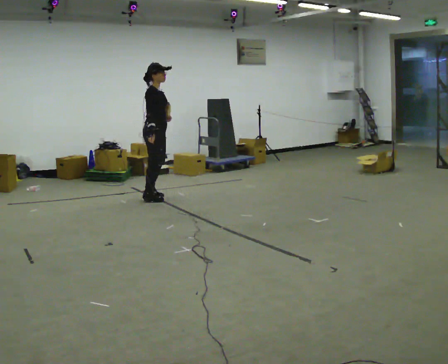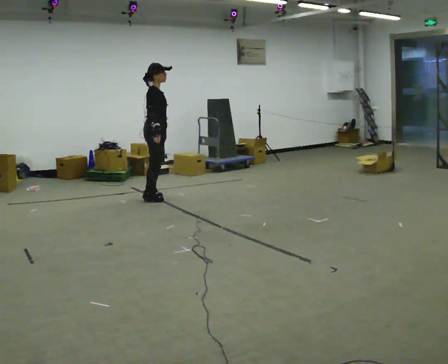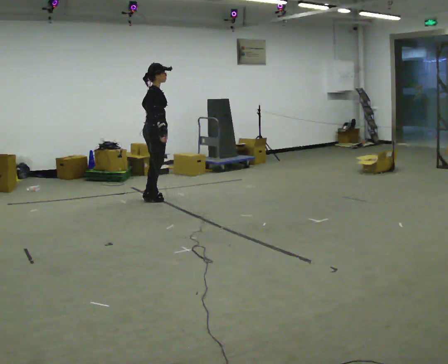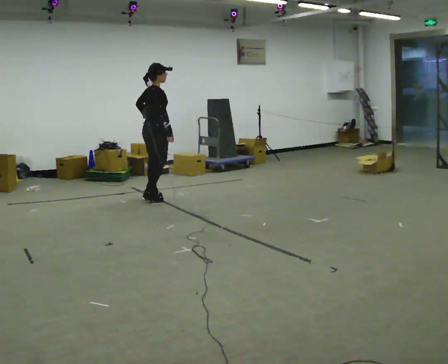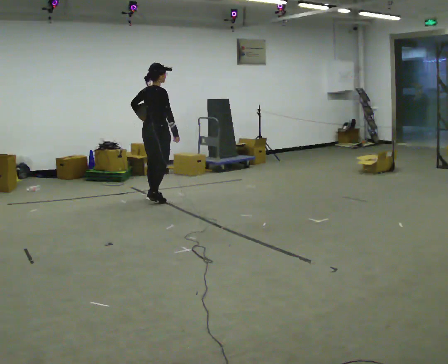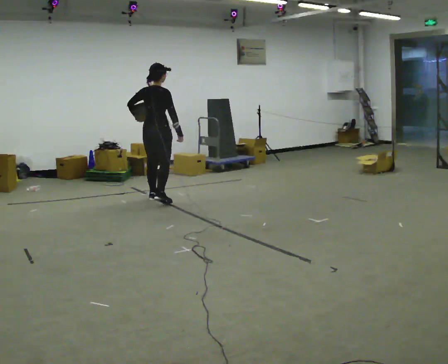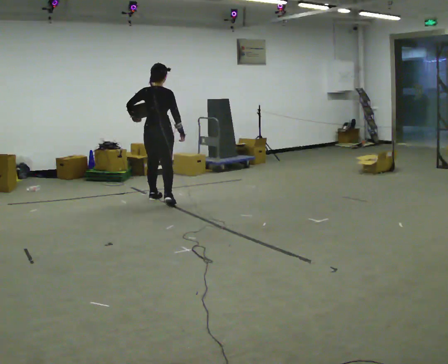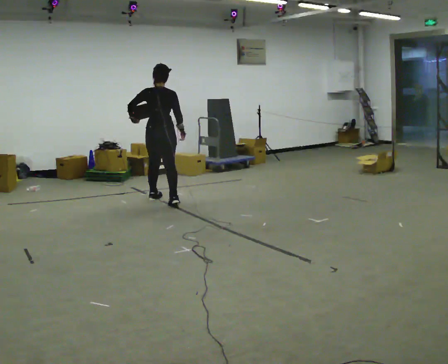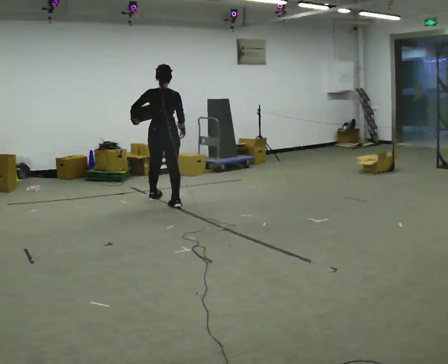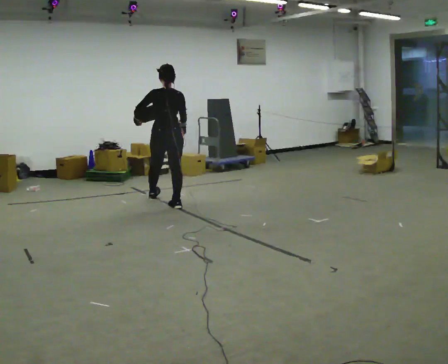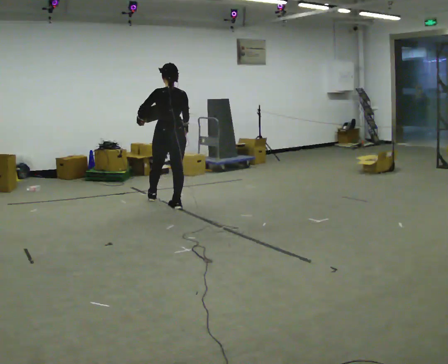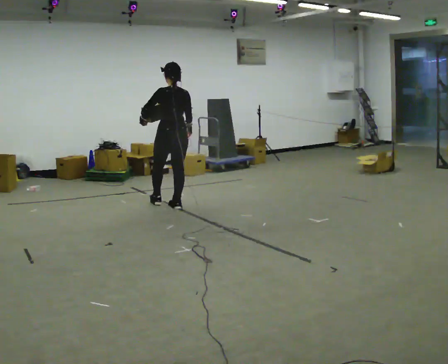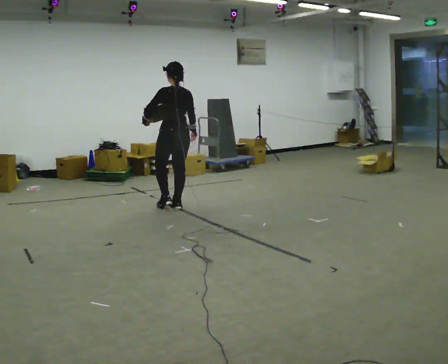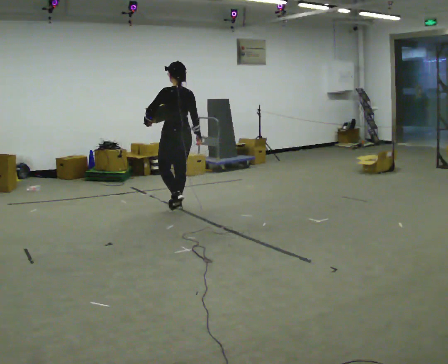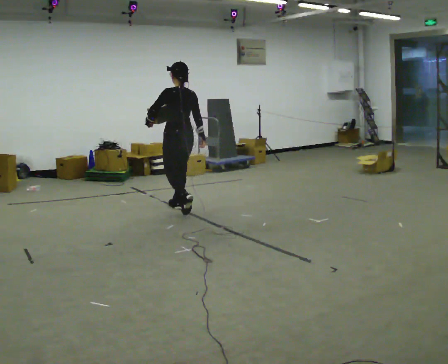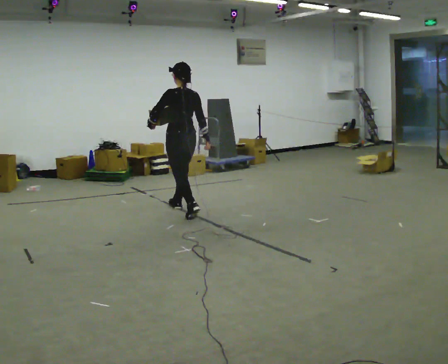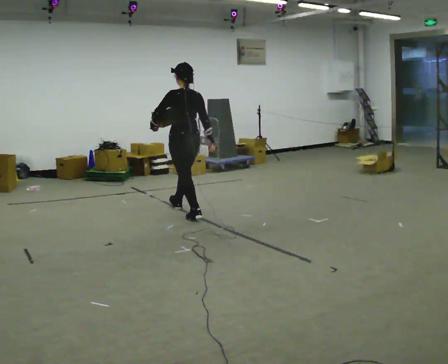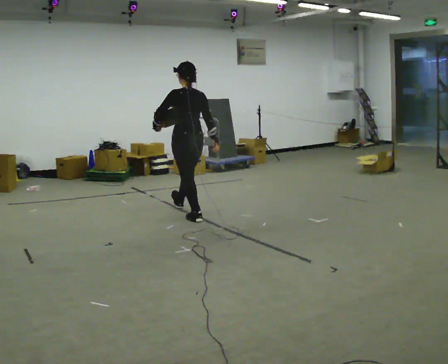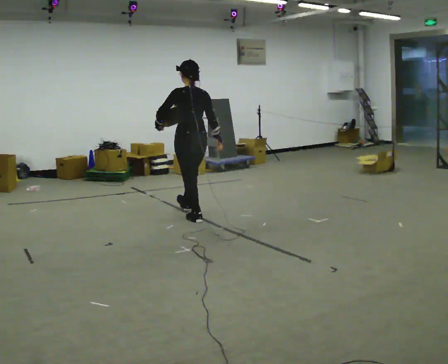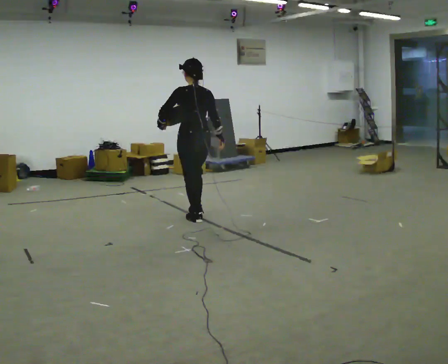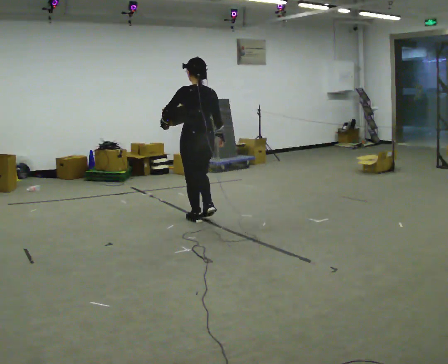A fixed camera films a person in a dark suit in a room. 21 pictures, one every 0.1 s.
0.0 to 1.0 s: The part of the body nearest the lens slides to the right as the person turns to their left by about 120 degrees. In the picture they go toward the camera and to the right, about 0.5 m in 2 steps.
1.0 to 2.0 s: In the picture they go toward the camera and to the right, about 0.5 m in 1 step, which for them is backward.
The film runs backward here.
